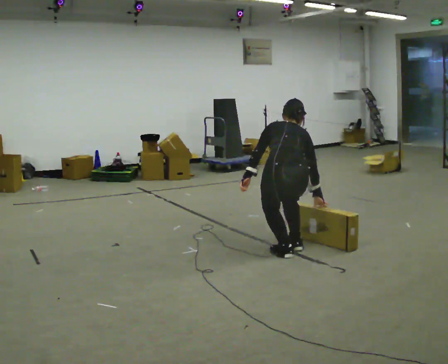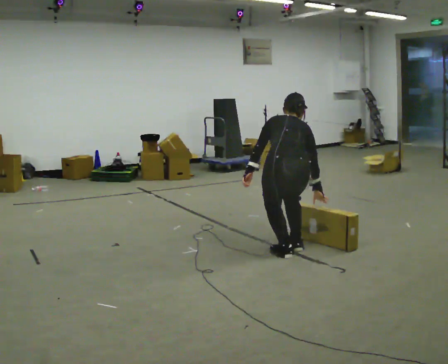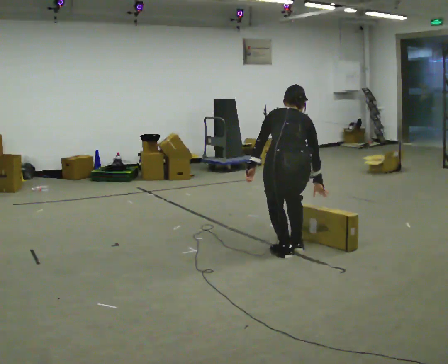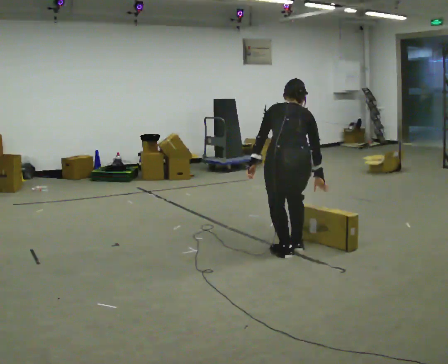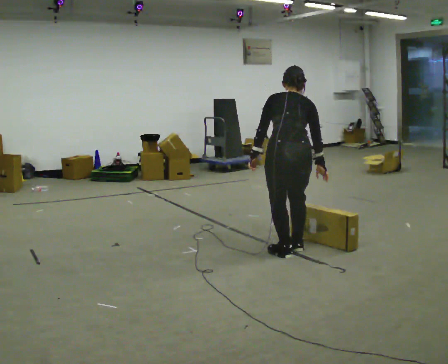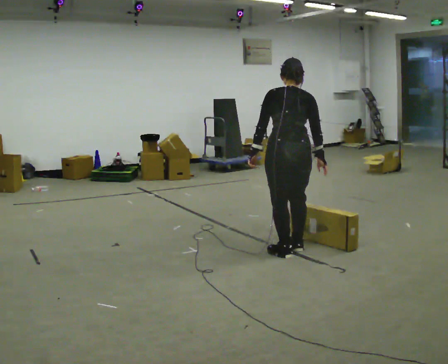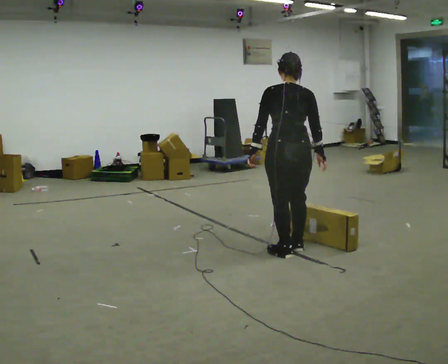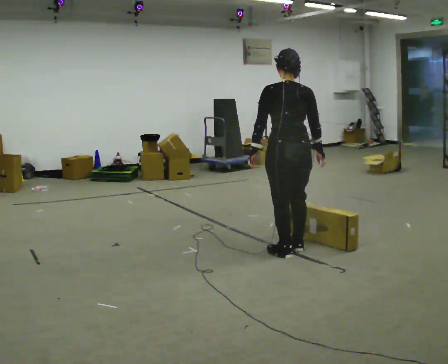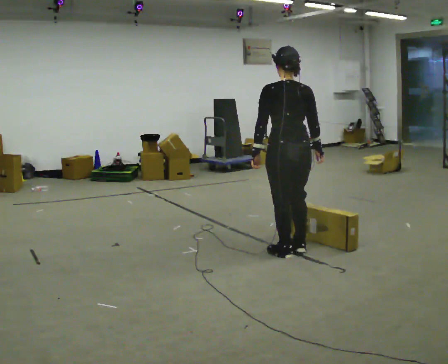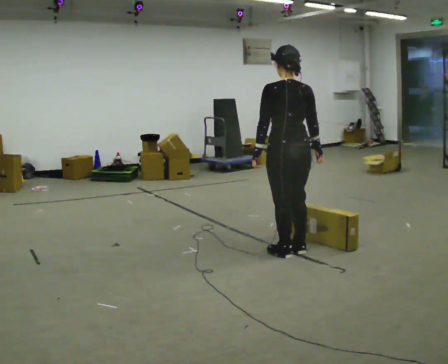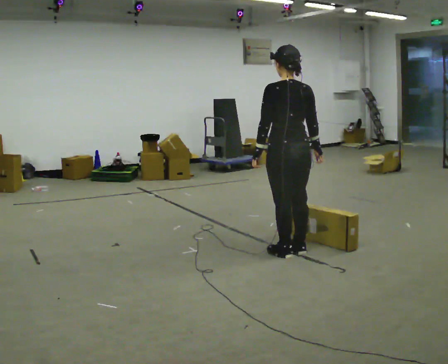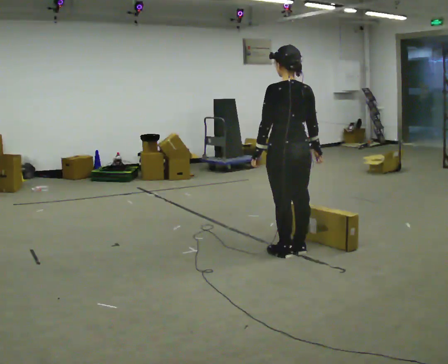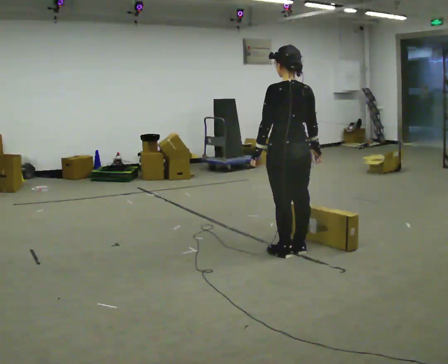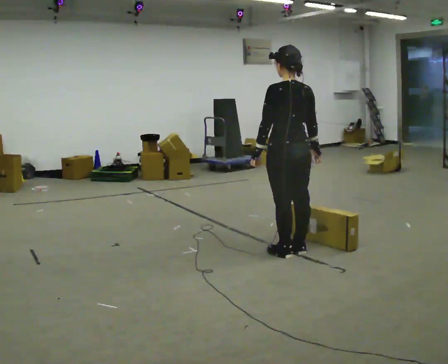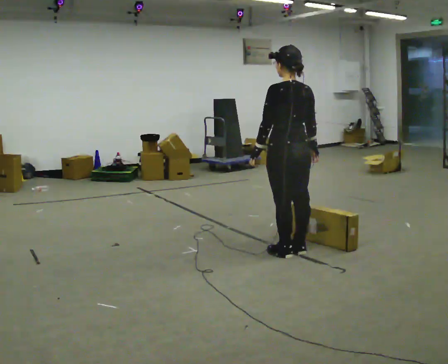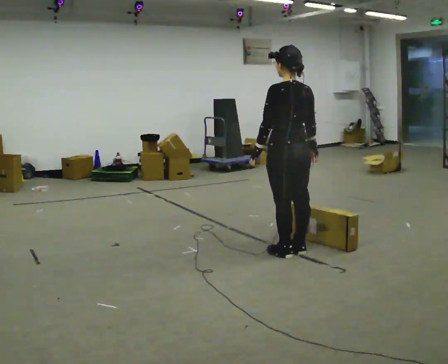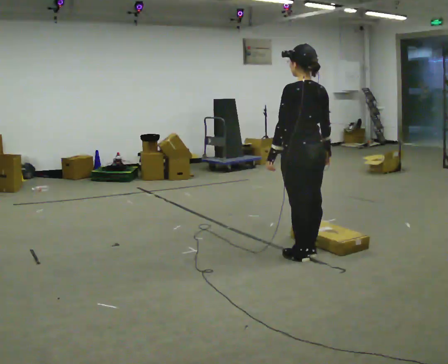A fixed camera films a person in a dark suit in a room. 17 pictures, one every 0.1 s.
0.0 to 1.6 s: The person turns about 30 degrees to their left, counterclockwise seen from above, so the part of the body nearest the lens slides to the right. The upper body goes upward. The upper body tips toward the camera, its near side rolling downward, as they lean back or straighten.
The film runs backward here.
